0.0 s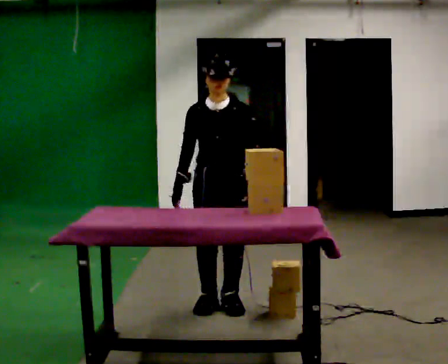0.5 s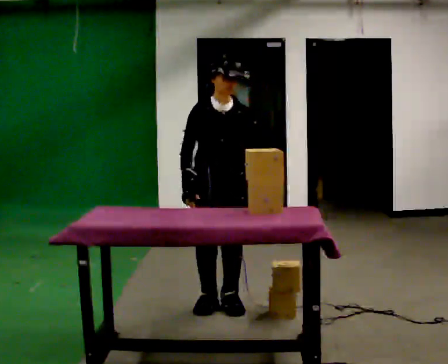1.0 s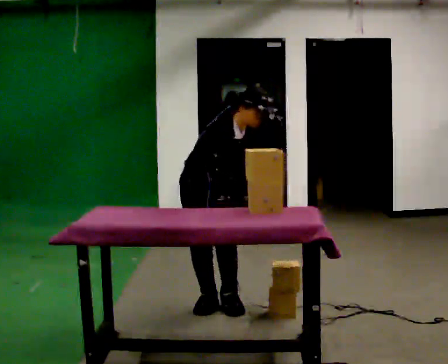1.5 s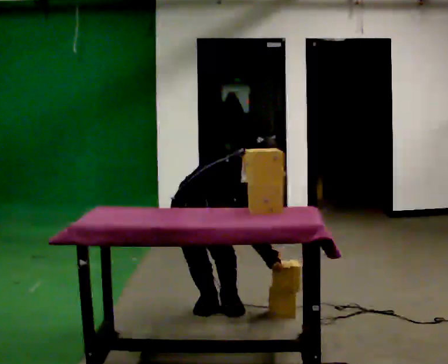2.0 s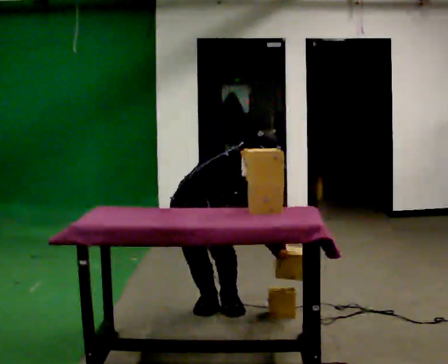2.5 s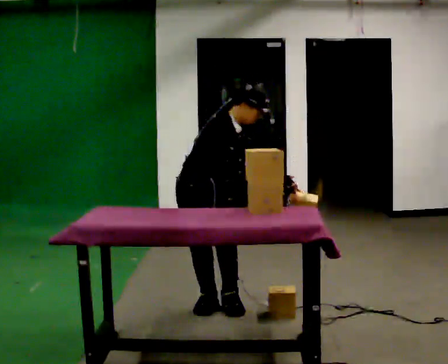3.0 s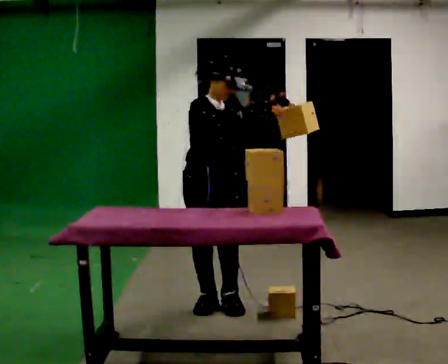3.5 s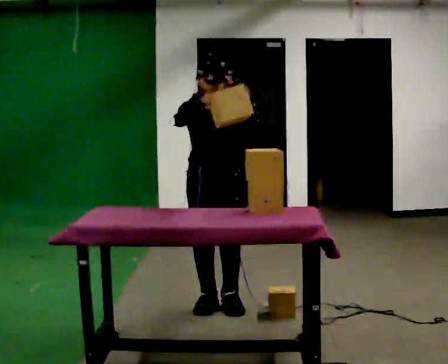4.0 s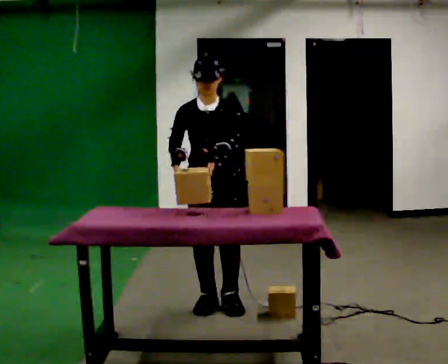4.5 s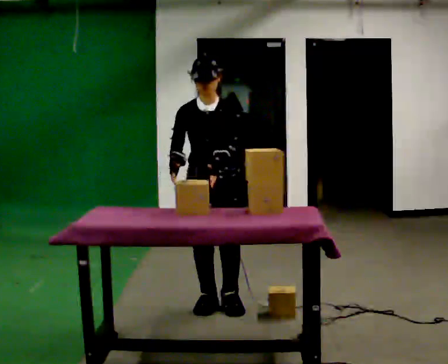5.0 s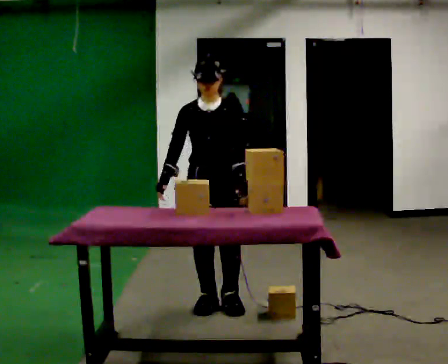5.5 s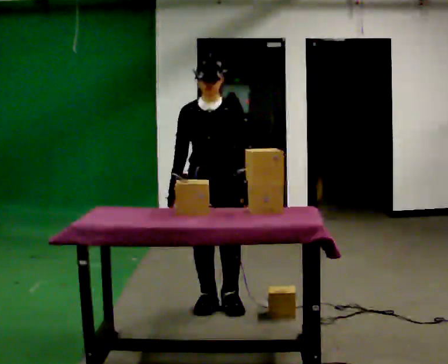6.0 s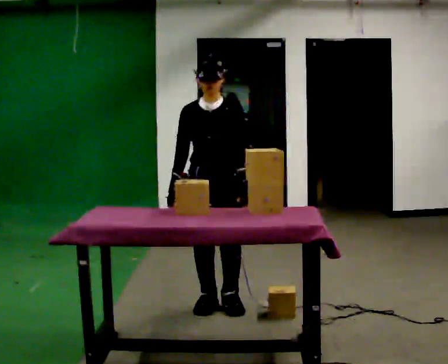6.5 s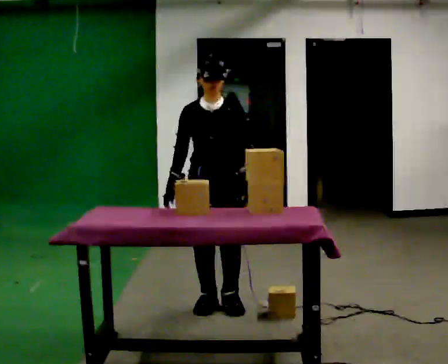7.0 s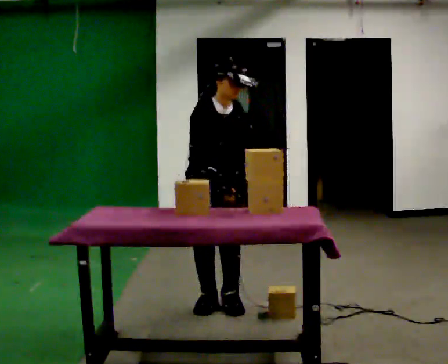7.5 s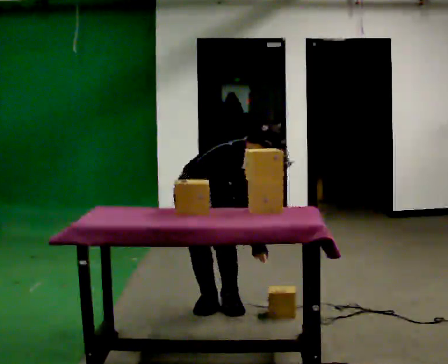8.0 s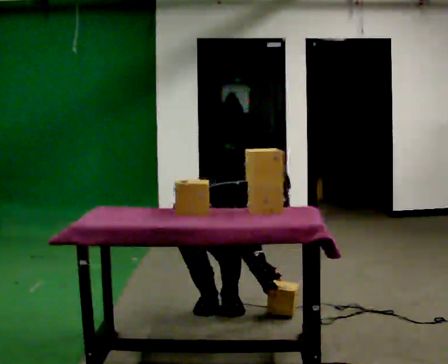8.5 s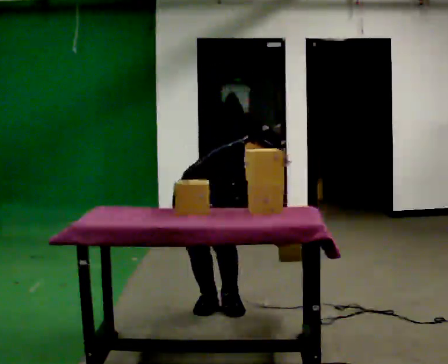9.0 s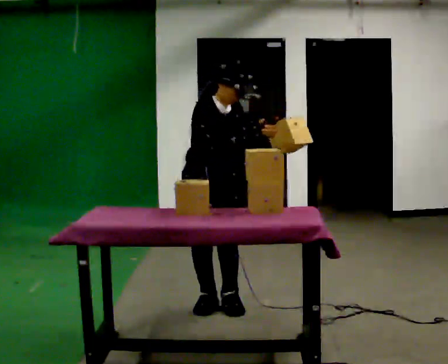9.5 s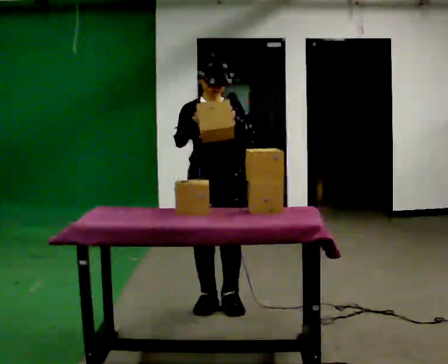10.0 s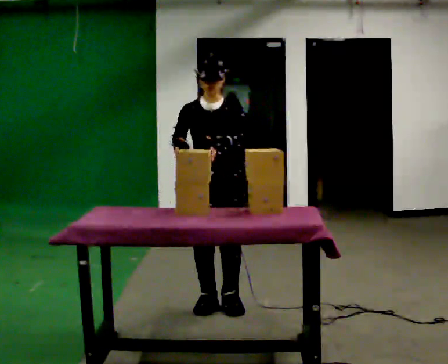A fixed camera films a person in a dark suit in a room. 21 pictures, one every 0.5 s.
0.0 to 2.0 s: Seen from above the body turns counterclockwise, about 60 degrees: to their left, with its near side sliding to the right. In the picture they go to the left, about 0.25 m, which for them is to their right. The shoulders move downward. In the picture the upper body tilts clockwise, shoulders to the right, as they bend forward. In the picture their right hand goes to the right, the arm swinging counterclockwise.
2.0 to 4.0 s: The part of the body nearest the lens slides to the left as the person turns to their right by about 45 degrees. The shoulders move upward. In the picture the upper body tilts counterclockwise, shoulders to the left. In the picture their left hand goes upward.
4.0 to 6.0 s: The person moves a little, or ends about where they began.
6.0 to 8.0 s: The part of the body nearest the lens slides to the right as the person turns to their left by about 60 degrees. The upper body goes downward. In the picture the upper body tilts clockwise, shoulders to the right, as they bend forward. In the picture their right hand goes to the right and downward.
8.0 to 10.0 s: The person turns about 45 degrees to their right, clockwise seen from above, so the part of the body nearest the lens slides to the left. The upper body goes upward. In the picture the upper body tilts counterclockwise, shoulders to the left, as they lean back or straighten. In the picture their left hand goes upward.
The film runs backward here.
